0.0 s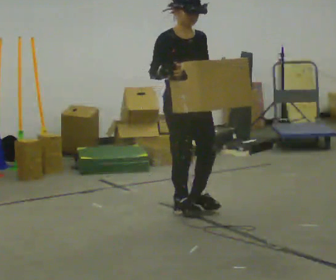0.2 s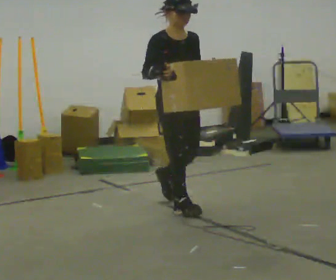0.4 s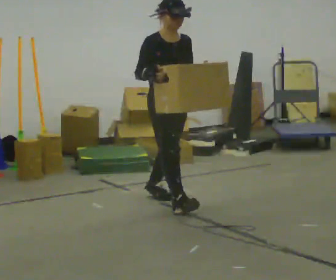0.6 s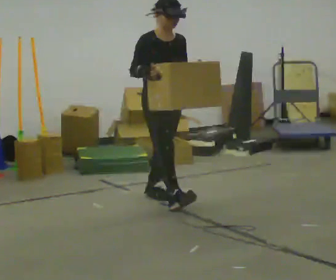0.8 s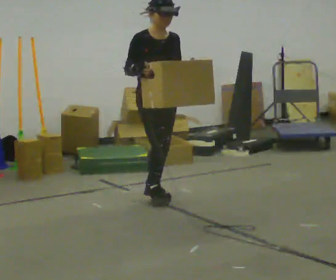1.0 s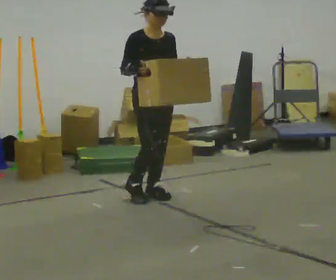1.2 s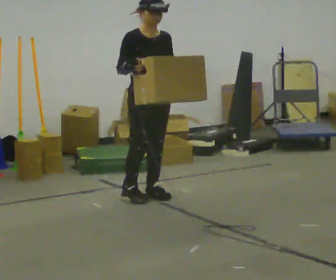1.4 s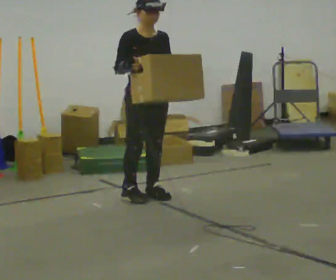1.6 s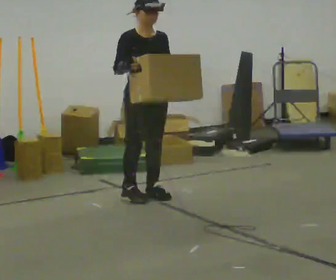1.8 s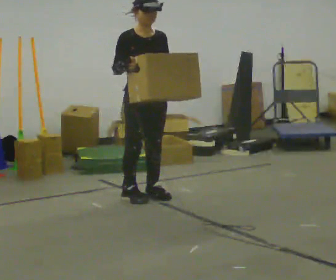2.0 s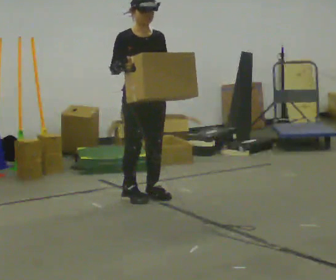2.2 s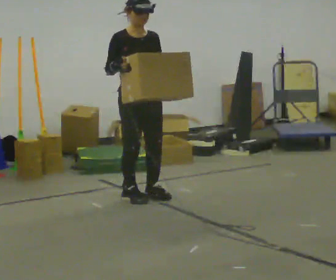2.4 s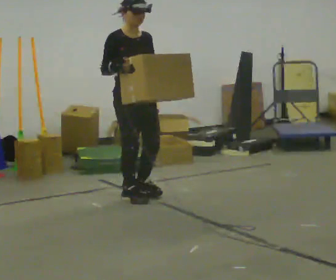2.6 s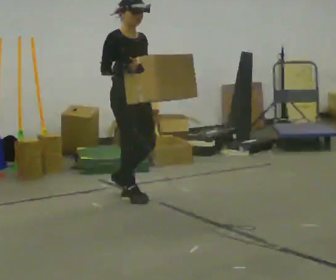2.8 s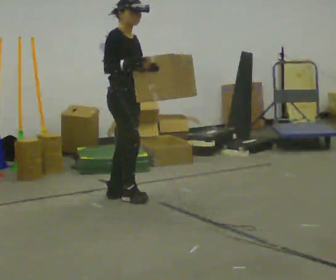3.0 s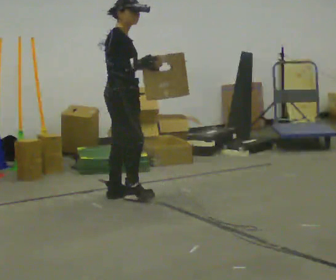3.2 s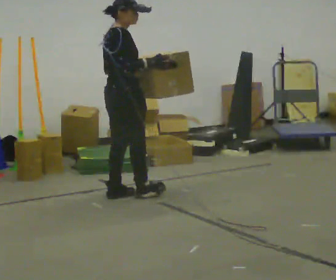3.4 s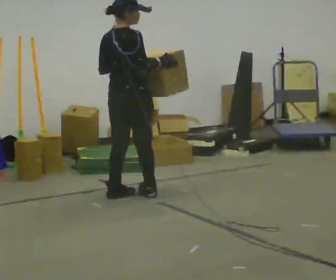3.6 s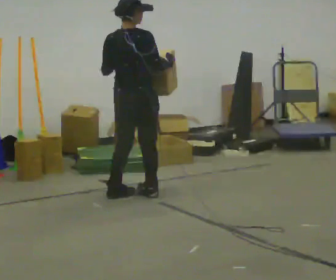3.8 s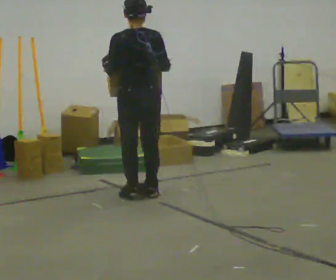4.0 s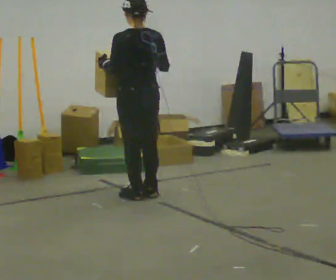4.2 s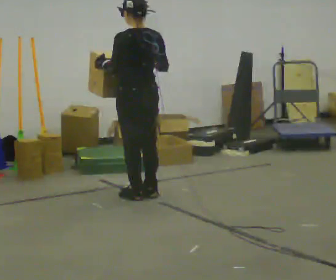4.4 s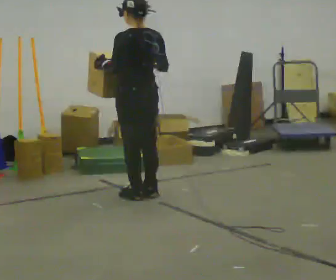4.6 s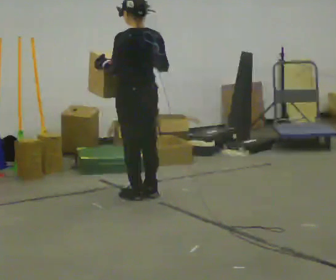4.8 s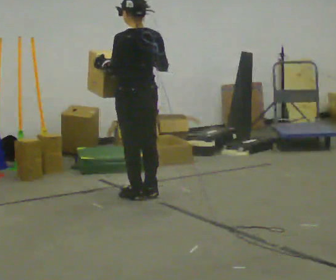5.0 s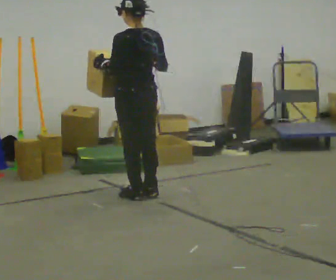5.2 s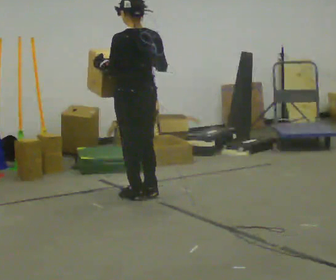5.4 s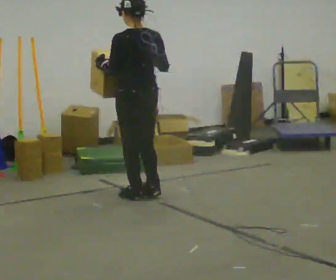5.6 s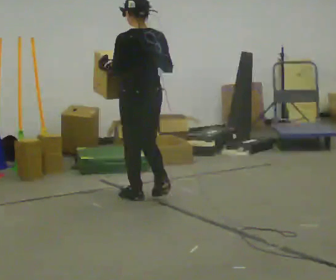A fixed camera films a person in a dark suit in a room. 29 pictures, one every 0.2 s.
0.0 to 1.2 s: In the picture they go away from the camera and to the left, about 0.5 m in 1 step, which for them is backward.
1.2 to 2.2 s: The person moves a little, or ends about where they began.
2.2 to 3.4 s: Seen from above the body turns counterclockwise, about 105 degrees: to their left, with its near side sliding to the right. In the picture their right hand goes to the right.
3.4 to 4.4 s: The part of the body nearest the lens slides to the right as the person turns to their left by about 75 degrees.
4.4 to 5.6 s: The person moves a little, or ends about where they began.
The film runs backward here.
